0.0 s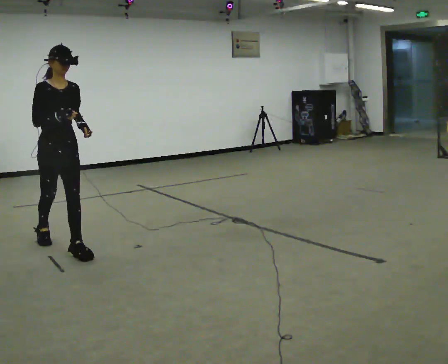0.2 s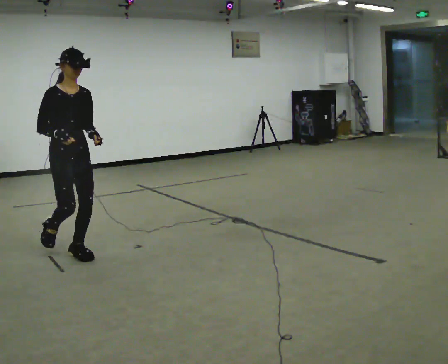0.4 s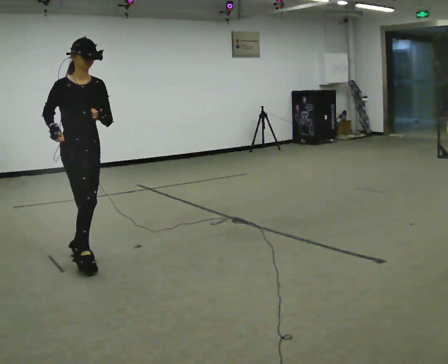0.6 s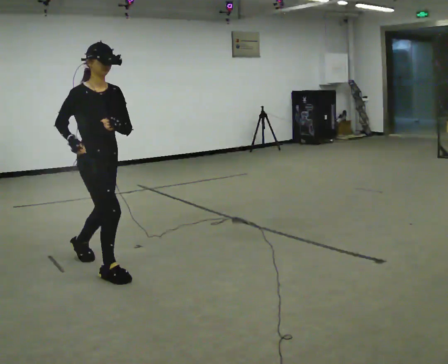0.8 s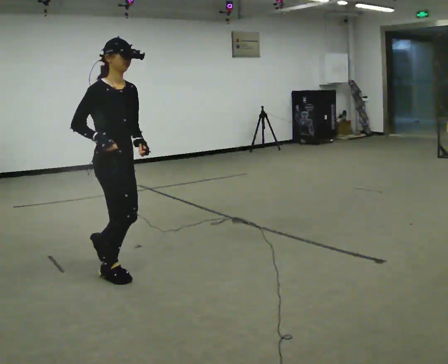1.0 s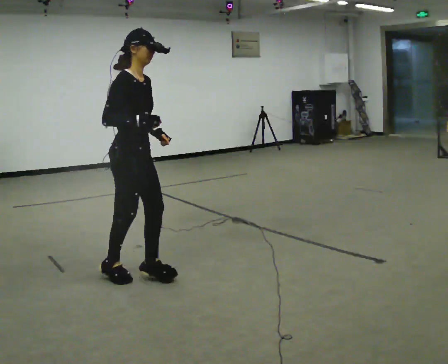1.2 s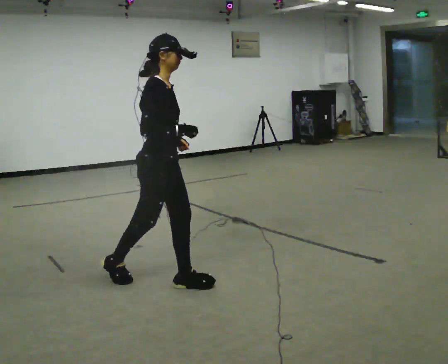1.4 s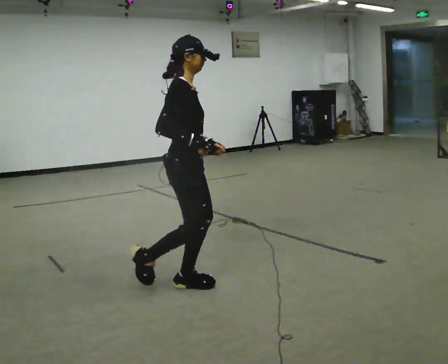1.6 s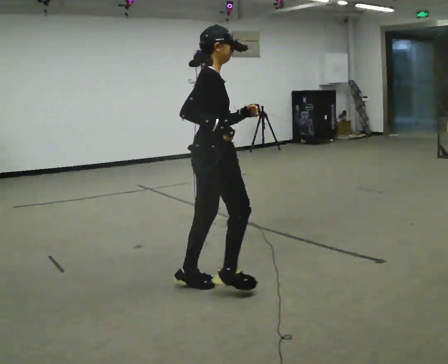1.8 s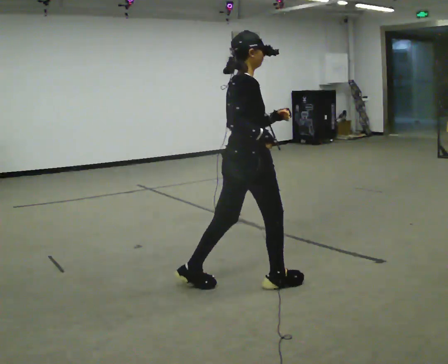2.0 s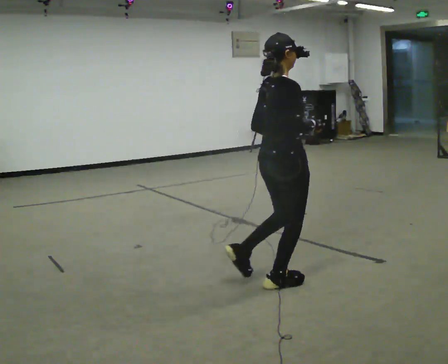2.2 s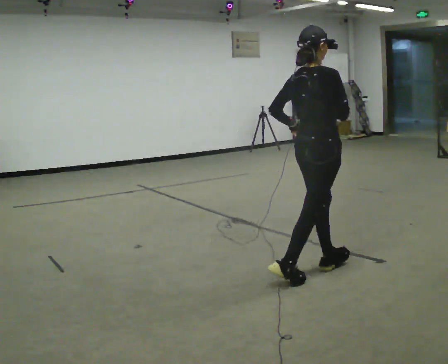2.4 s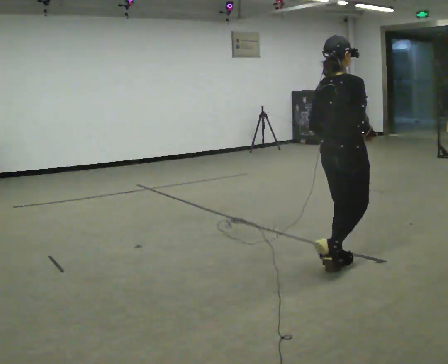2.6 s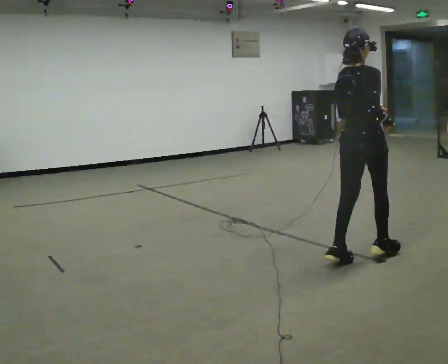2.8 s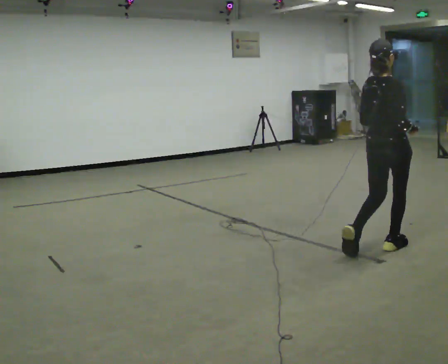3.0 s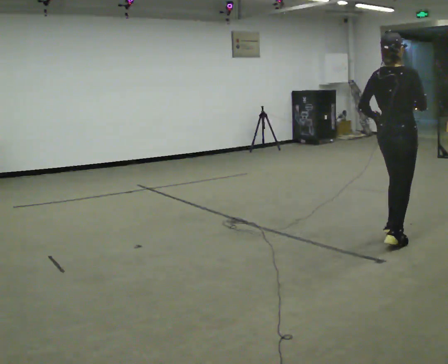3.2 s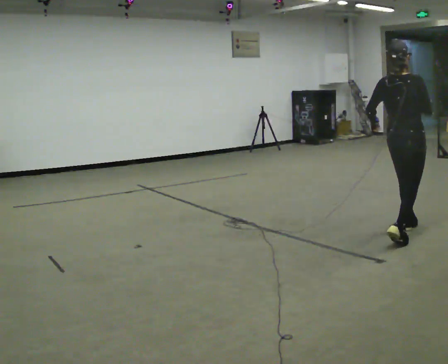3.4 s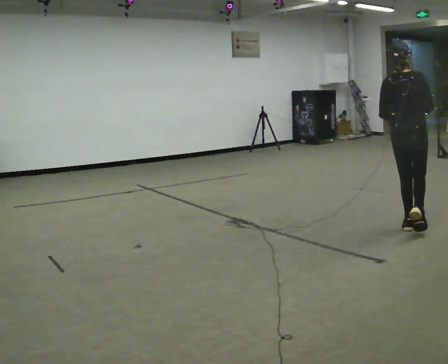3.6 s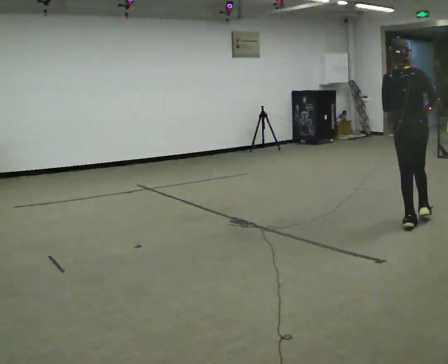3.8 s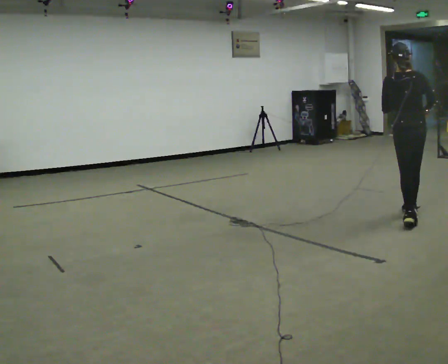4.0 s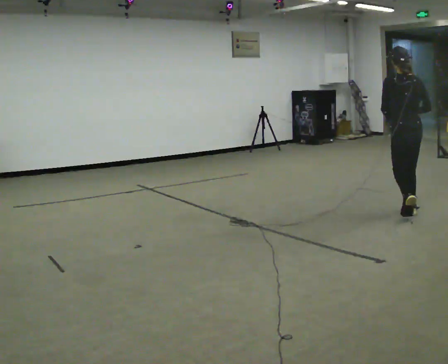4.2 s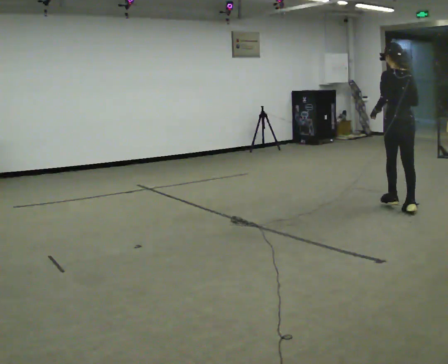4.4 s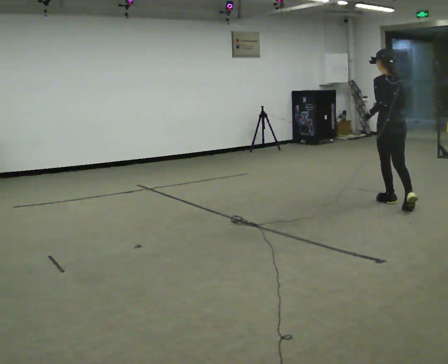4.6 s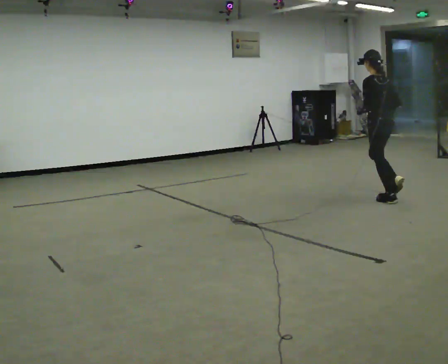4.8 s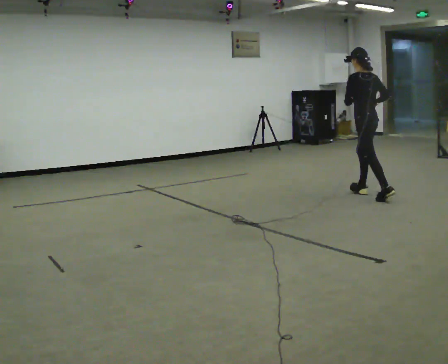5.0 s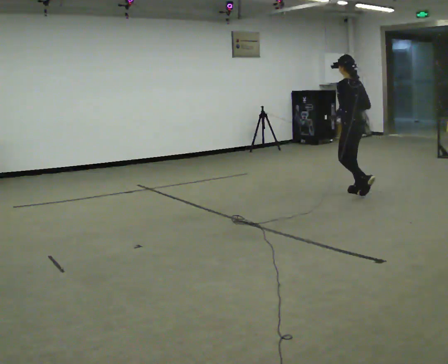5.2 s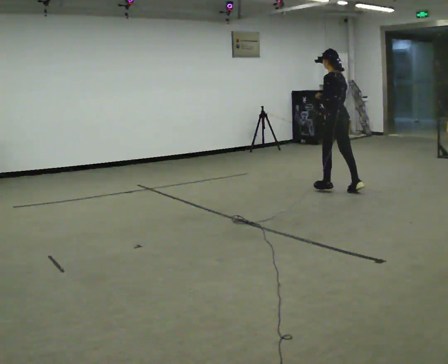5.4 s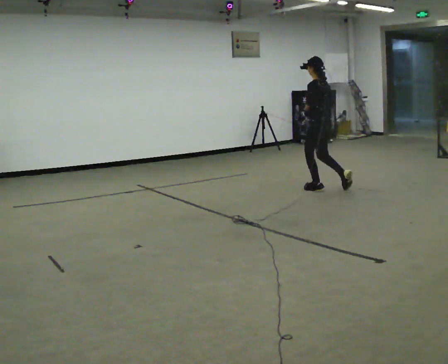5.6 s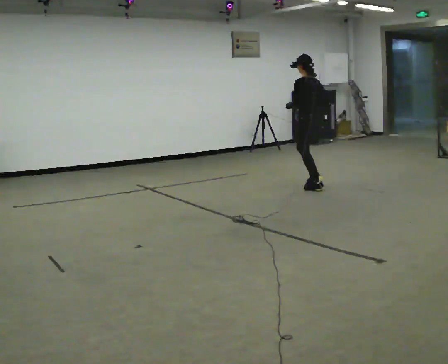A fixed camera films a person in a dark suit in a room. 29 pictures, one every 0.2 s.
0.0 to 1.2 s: The person turns about 30 degrees to their left, counterclockwise seen from above, so the part of the body nearest the lens slides to the right. In the picture they go to the right and toward the camera, about 1 m in 2 steps, which for them is forward.
1.2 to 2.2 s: Seen from above the body turns counterclockwise, about 45 degrees: to their left, with its near side sliding to the right. In the picture they go to the right, about 1 m in 1 step, which for them is forward.
2.2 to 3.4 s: The part of the body nearest the lens slides to the right as the person turns to their left by about 30 degrees. In the picture they go away from the camera and to the right, about 1 m in 3 steps, which for them is forward.
3.4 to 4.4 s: The person turns about 45 degrees to their left, counterclockwise seen from above, so the part of the body nearest the lens slides to the right. In the picture they go away from the camera, about 1 m in 2 steps, which for them is forward.
4.4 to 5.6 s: Seen from above the body turns counterclockwise, about 30 degrees: to their left, with its near side sliding to the right. In the picture they go to the left and away from the camera, about 1 m in 2 steps, which for them is forward.
The film runs forward here.
